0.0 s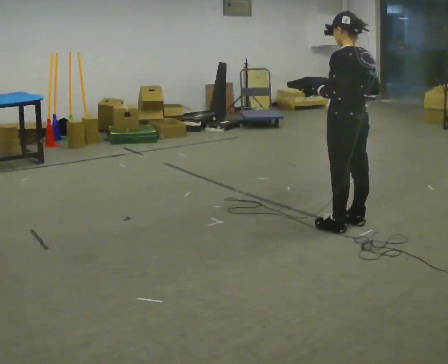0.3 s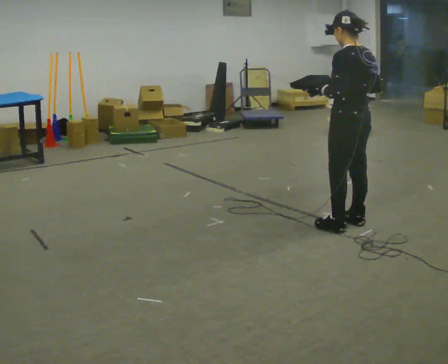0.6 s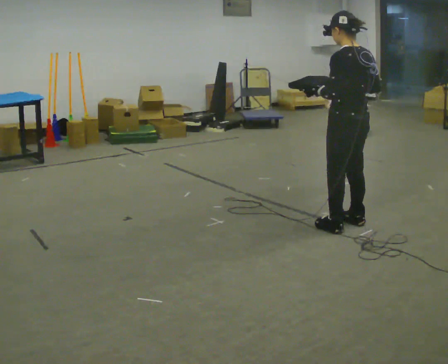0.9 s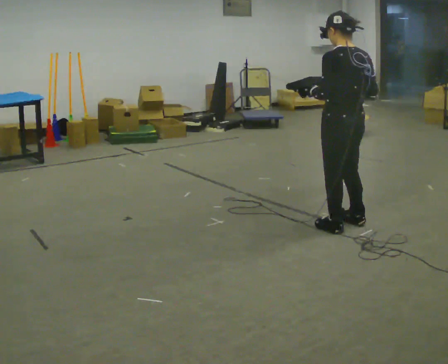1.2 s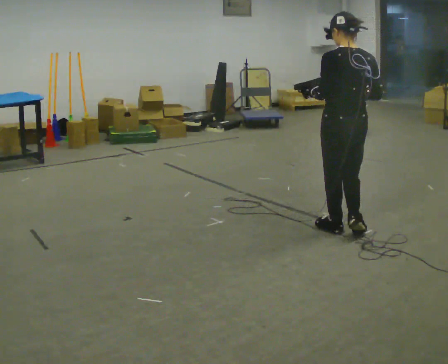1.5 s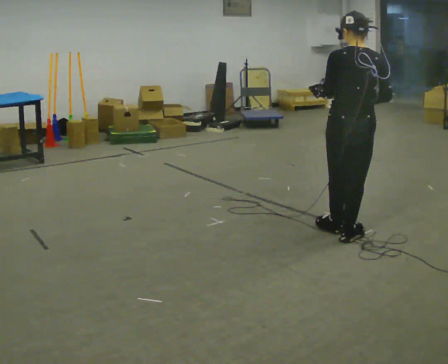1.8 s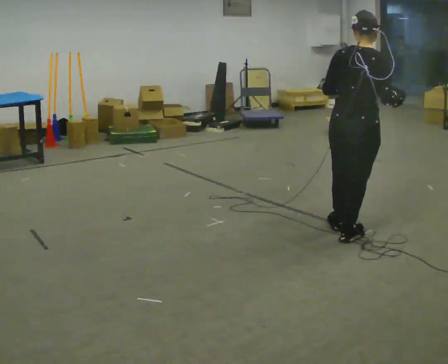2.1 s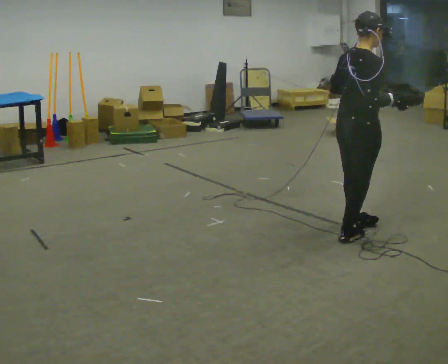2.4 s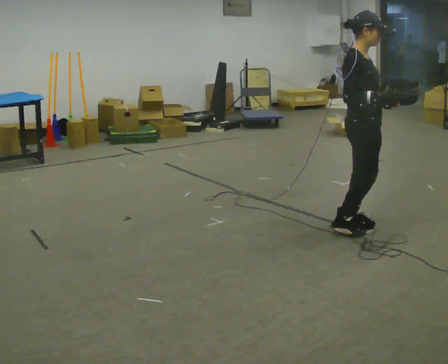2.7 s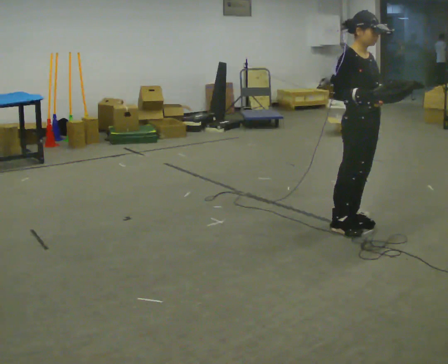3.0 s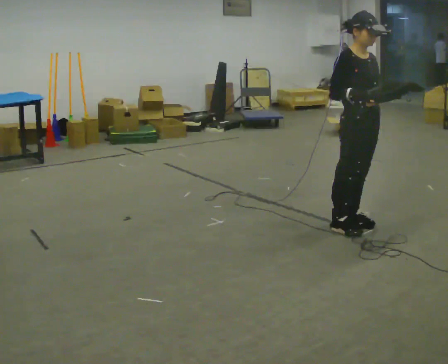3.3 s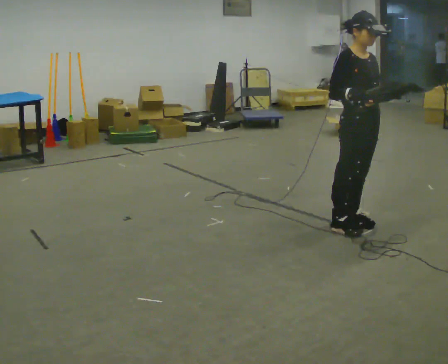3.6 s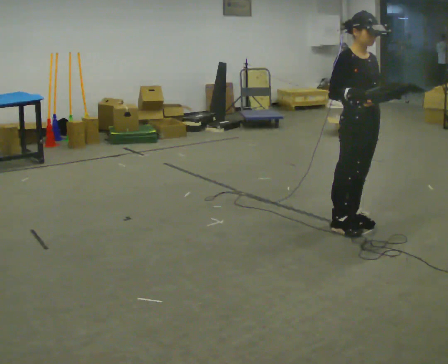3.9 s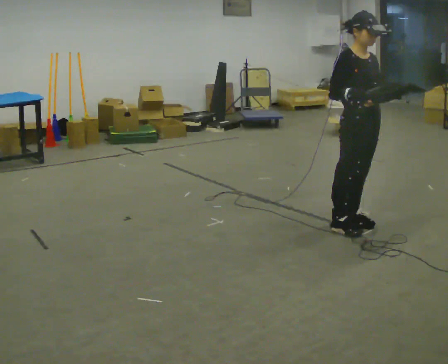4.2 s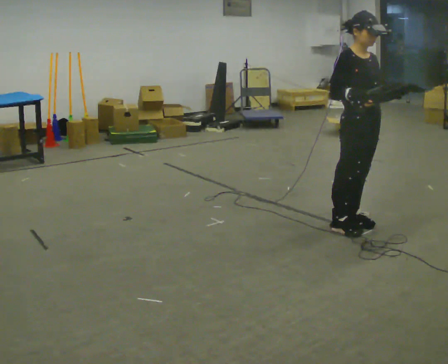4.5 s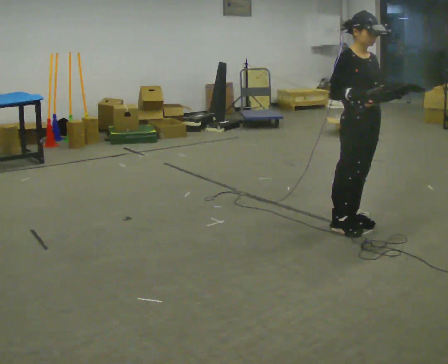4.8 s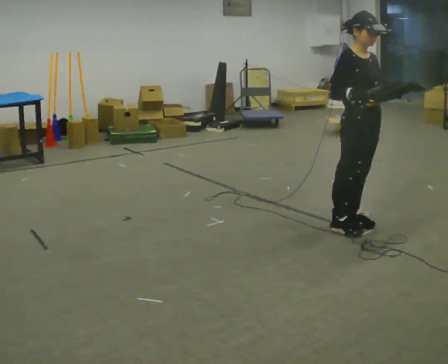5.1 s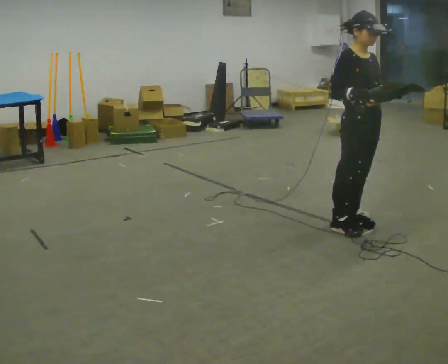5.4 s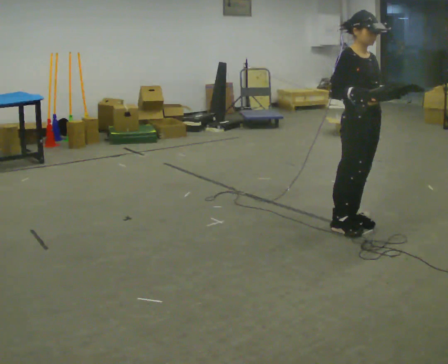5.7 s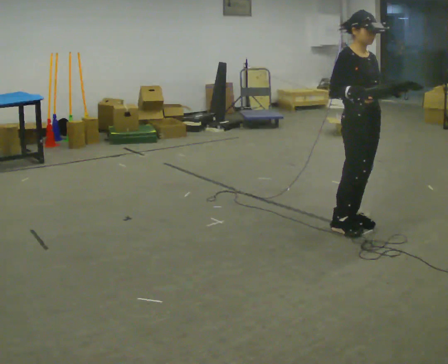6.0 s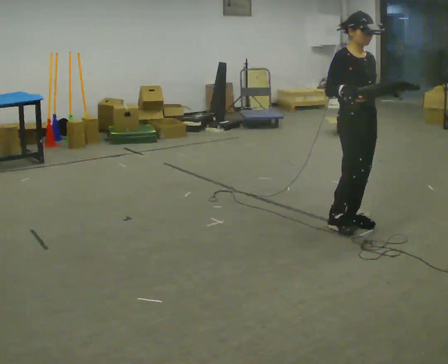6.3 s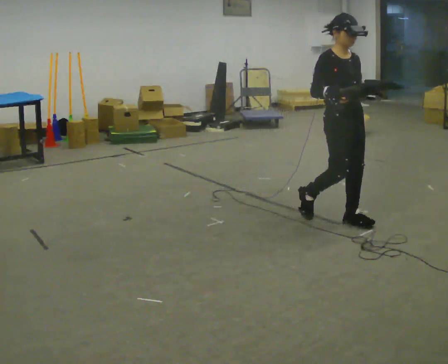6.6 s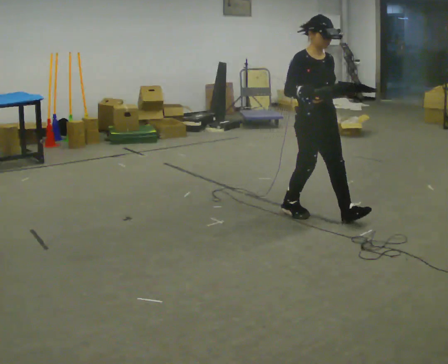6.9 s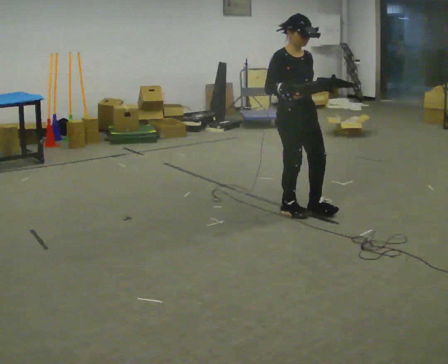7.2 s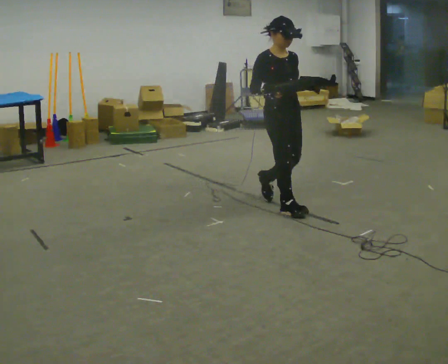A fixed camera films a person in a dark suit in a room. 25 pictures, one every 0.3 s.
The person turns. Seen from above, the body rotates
clockwise.
The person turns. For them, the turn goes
to their right.
0.0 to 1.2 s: The person moves a little, or ends about where they began.
1.2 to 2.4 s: The part of the body nearest the lens slides to the left as the person turns to their right by about 120 degrees. In the picture their left hand goes to the right.
2.4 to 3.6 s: Seen from above the body turns clockwise, about 30 degrees: to their right, with its near side sliding to the left.
3.6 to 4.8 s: The person keeps their place and pose.
4.8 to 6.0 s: The person moves a little, or ends about where they began.
6.0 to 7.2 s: In the picture they go to the left and away from the camera, about 0.75 m in 1 step, which for them is backward.
The film runs backward here.
